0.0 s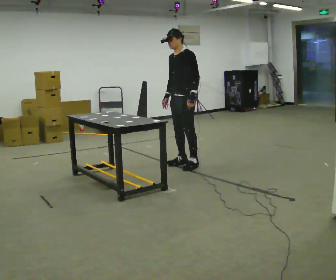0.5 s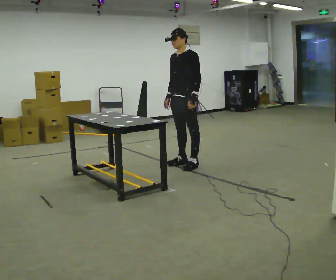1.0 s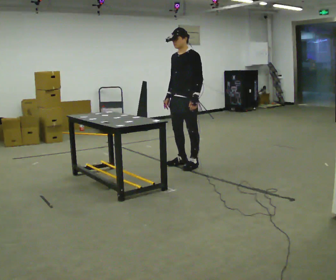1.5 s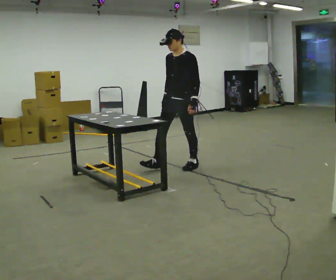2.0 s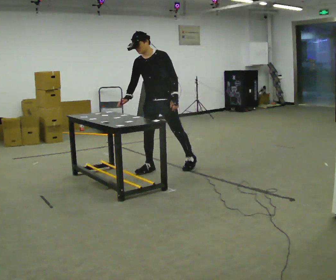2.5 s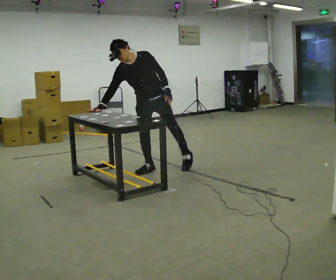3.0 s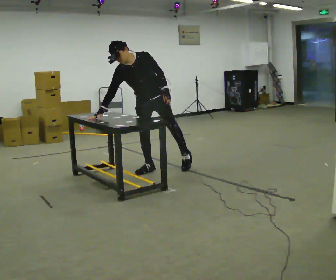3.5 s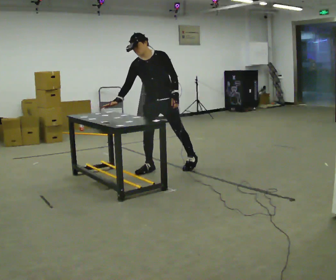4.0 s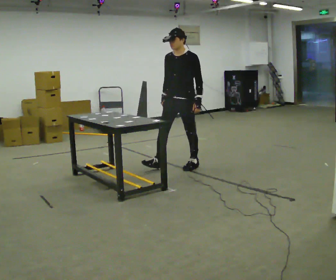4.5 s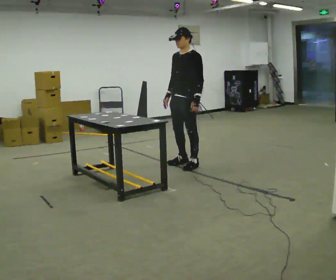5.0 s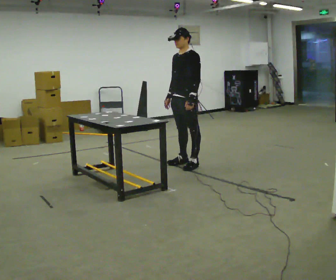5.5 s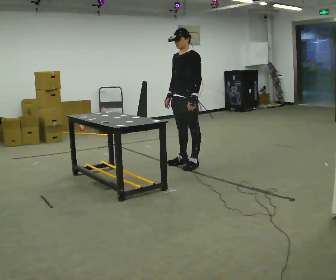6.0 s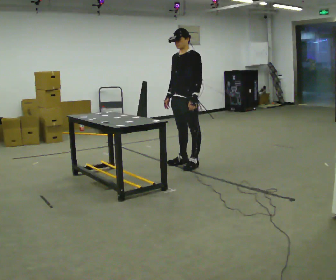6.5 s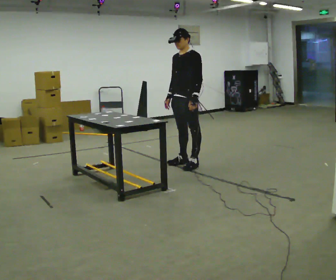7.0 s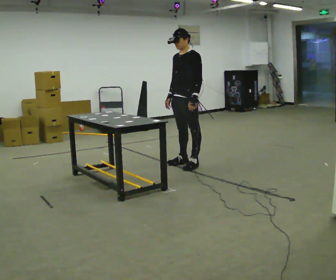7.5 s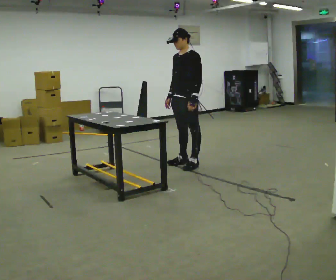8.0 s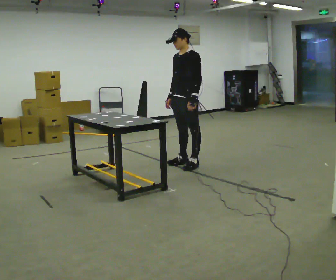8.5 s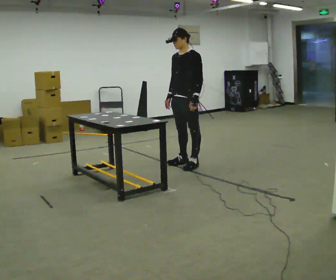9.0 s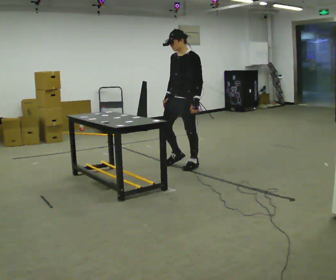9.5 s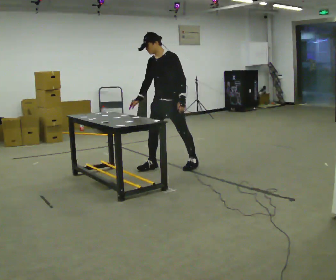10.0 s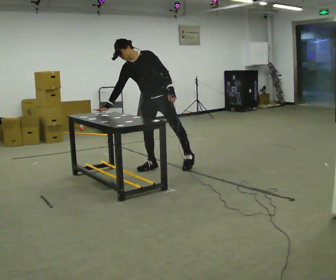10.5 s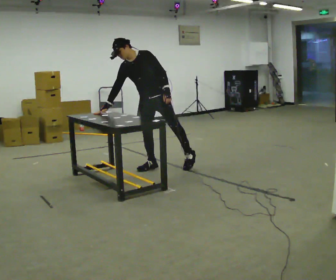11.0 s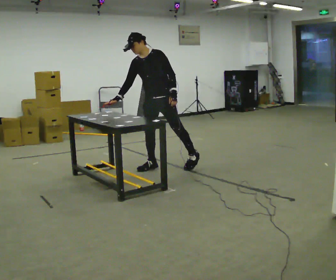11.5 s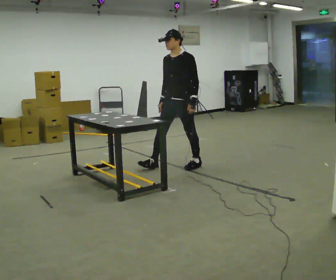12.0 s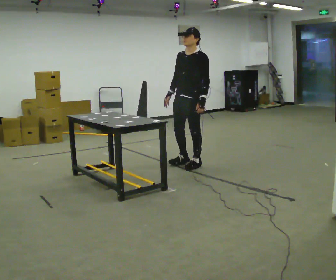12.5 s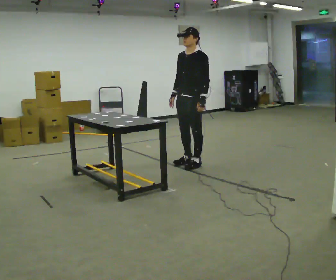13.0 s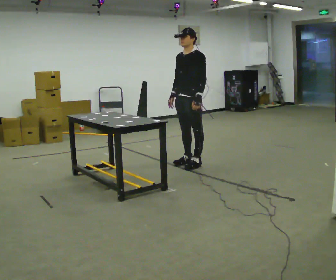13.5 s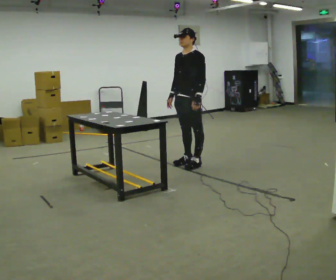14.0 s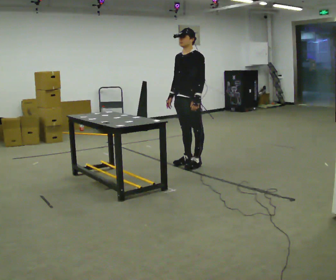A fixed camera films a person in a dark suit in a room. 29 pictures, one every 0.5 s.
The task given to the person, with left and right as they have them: Touch each numbered target on the board in front of you in the order the operator calls. Keep both feet on the marked spots for the whole take. If you have to step, stop and tell the operator.
0.0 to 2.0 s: Seen from above the body turns counterclockwise, about 30 degrees: to their left, with its near side sliding to the right. In the picture they go to the left and toward the camera, about 0.5 m in 1 step, which for them is forward.
2.0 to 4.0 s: In the picture they go to the right, about 0.25 m, which for them is to their left and backward.
4.0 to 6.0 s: The person moves a little, or ends about where they began.
6.0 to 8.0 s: The person keeps their place and pose.
8.0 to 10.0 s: Seen from above the body turns counterclockwise, about 30 degrees: to their left, with its near side sliding to the right. In the picture they go to the left, about 0.5 m in 1 step, which for them is forward and to their right. In the picture the upper body tilts counterclockwise, shoulders to the left, as they bend forward.
10.0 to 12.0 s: In the picture they go to the right, about 0.5 m, which for them is to their left and backward. In the picture the upper body tilts clockwise, shoulders to the right, as they lean back or straighten.
12.0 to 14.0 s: The person moves a little, or ends about where they began.
The film runs forward here.
